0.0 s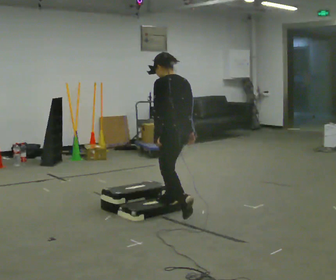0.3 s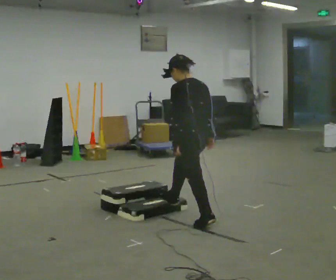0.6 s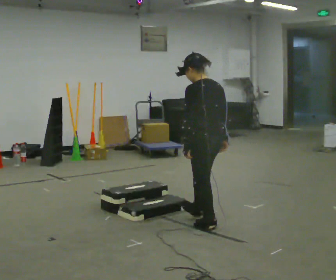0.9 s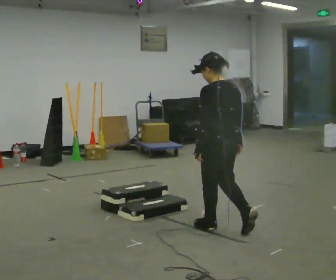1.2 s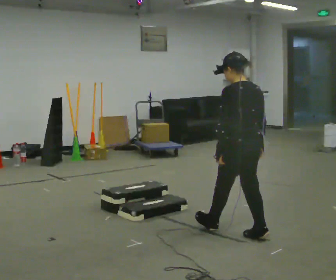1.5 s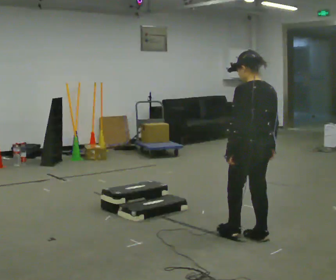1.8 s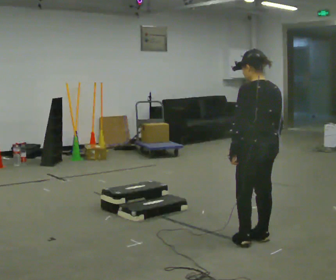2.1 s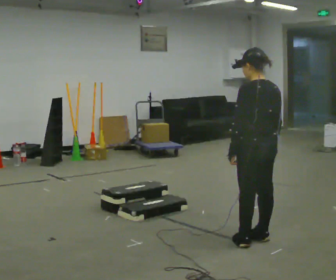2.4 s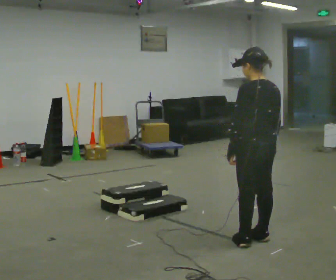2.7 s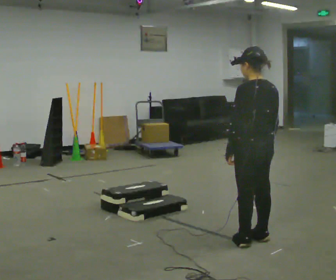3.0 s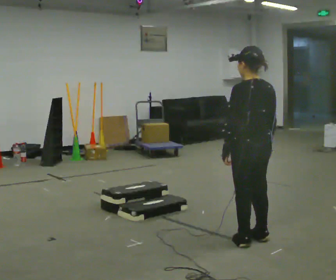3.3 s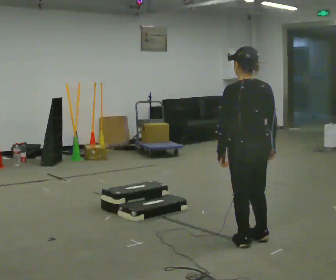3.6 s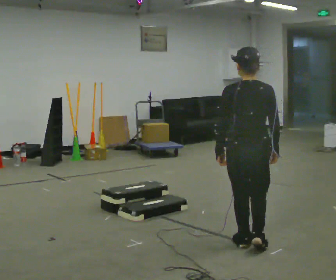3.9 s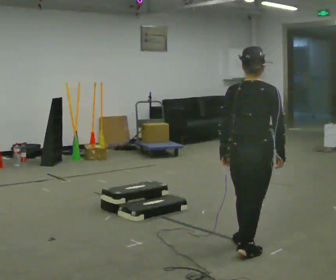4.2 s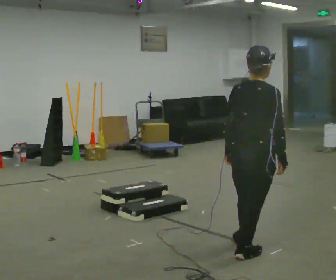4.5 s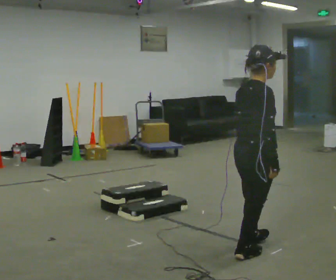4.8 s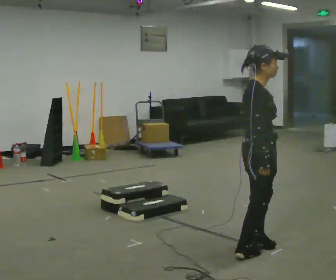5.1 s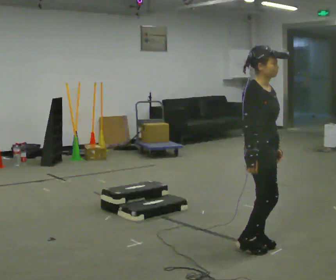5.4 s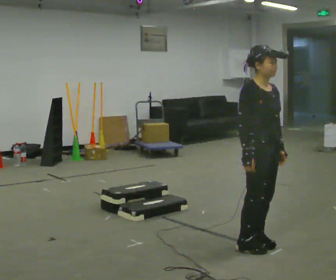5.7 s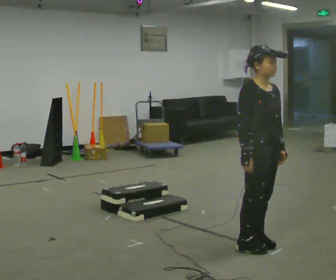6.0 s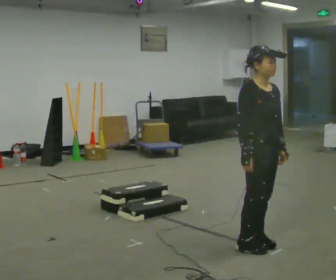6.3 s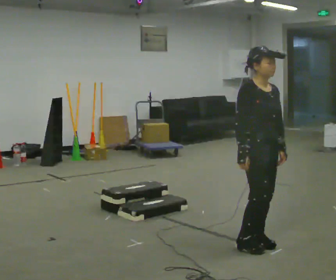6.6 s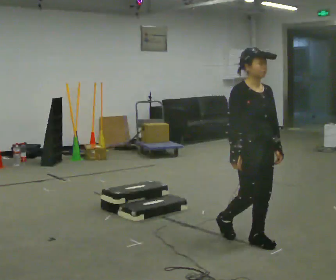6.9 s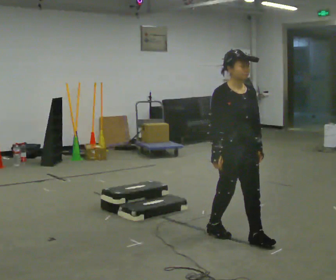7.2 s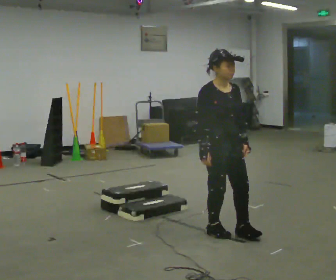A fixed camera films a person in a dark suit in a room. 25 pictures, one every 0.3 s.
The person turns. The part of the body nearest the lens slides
to the left.
The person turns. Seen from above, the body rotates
clockwise.
0.0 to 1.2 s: In the picture they go toward the camera and to the right, about 1 m in 1 step, which for them is backward.
1.2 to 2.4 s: In the picture they go toward the camera, about 0.25 m in 1 step, which for them is backward.
2.4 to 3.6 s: Seen from above the body turns clockwise, about 30 degrees: to their right, with its near side sliding to the left.
3.6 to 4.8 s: Seen from above the body turns clockwise, about 90 degrees: to their right, with its near side sliding to the left.
4.8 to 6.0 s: The part of the body nearest the lens slides to the left as the person turns to their right by about 45 degrees.
6.0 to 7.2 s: In the picture they go away from the camera and to the left, about 0.5 m in 2 steps, which for them is backward.
The film runs backward here.
